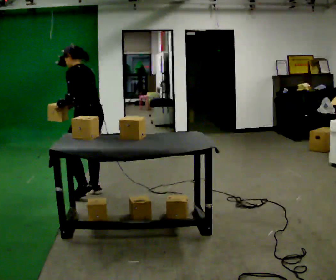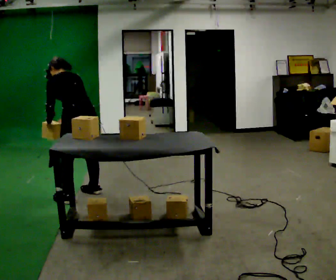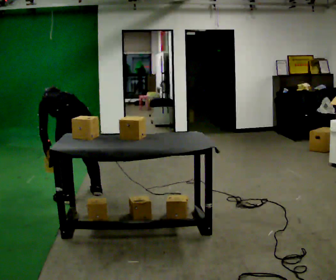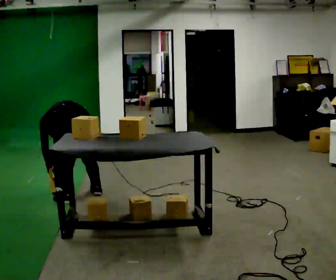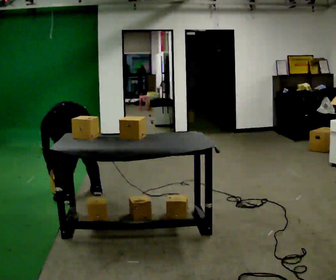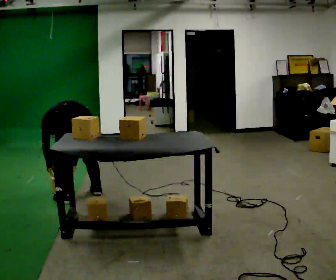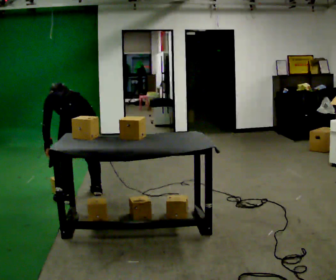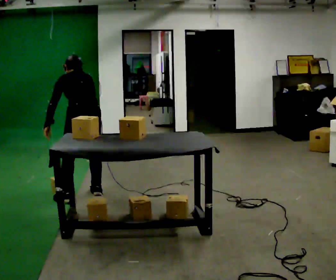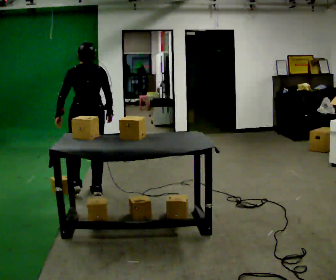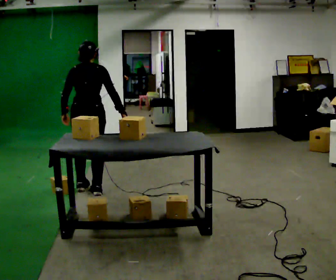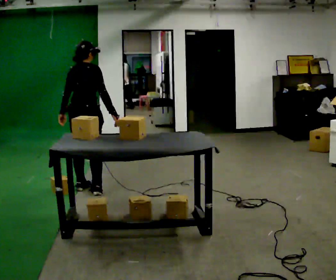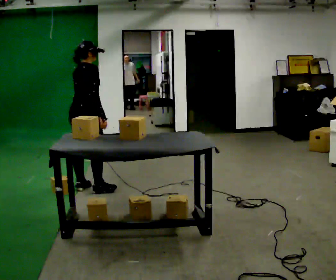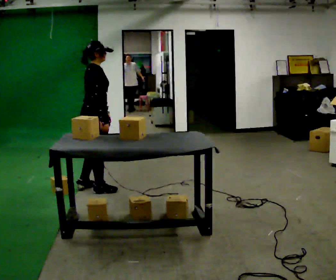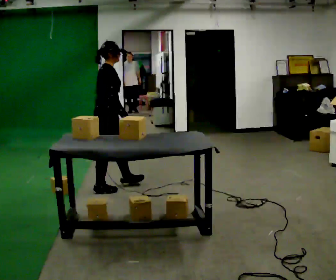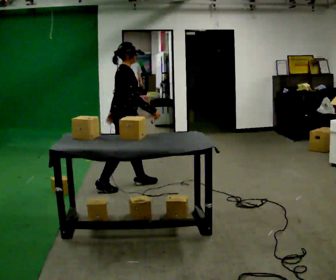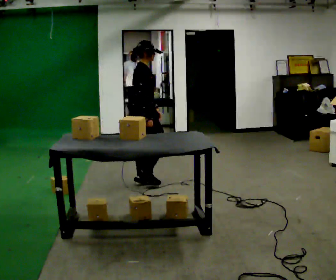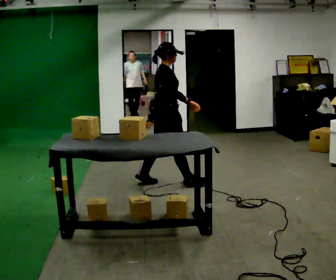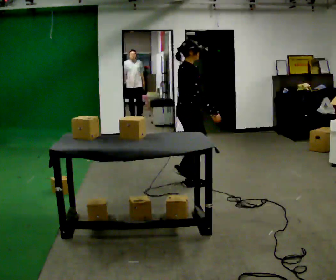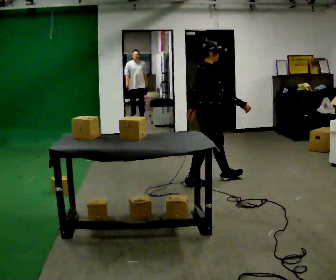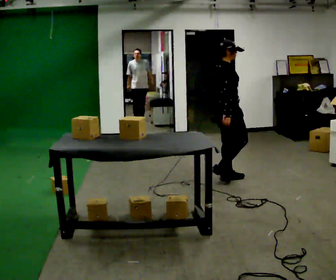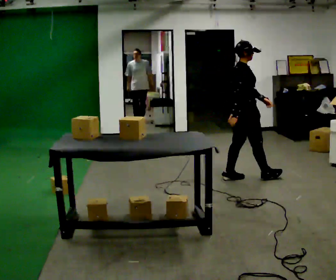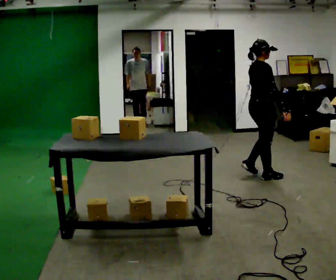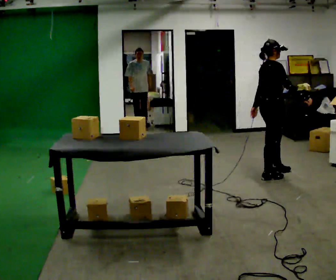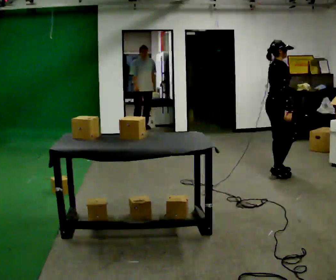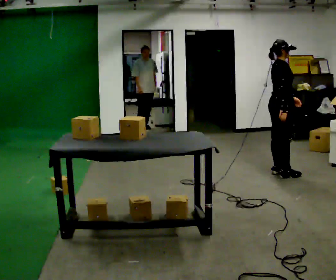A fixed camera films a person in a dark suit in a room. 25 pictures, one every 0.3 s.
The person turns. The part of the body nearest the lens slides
to the left.
The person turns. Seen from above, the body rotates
clockwise.
0.0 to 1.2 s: Seen from above the body turns clockwise, about 30 degrees: to their right, with its near side sliding to the left. In the picture they go toward the camera and to the left, about 0.25 m in 1 step, which for them is to their left. The upper body goes downward. The upper body tips away from the camera, its near side rolling upward, as they bend forward. In the picture their right hand goes downward.
1.2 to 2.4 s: The part of the body nearest the lens slides to the left as the person turns to their right by about 30 degrees. In the picture they go away from the camera and to the right, about 0.25 m, which for them is to their right and forward. The upper body goes upward. The upper body tips toward the camera, its near side rolling downward, as they lean back or straighten. In the picture their right hand goes upward.
2.4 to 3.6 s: Seen from above the body turns clockwise, about 75 degrees: to their right, with its near side sliding to the left.
3.6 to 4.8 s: In the picture they go to the right, about 1 m in 2 steps, which for them is forward.
4.8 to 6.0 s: In the picture they go to the right, about 1 m in 1 step, which for them is forward.
6.0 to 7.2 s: In the picture they go to the right, about 0.5 m in 3 steps, which for them is forward.
The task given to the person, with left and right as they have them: Take the boxes off the top, get the one from the bottom, carry it away, then put the others back. Keep going until the operator says stop; one object at a time, and do not rush between trips.
The film runs forward here.
